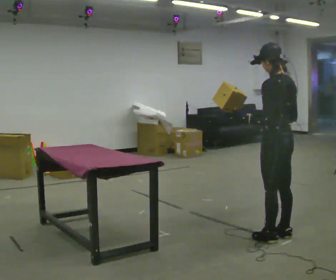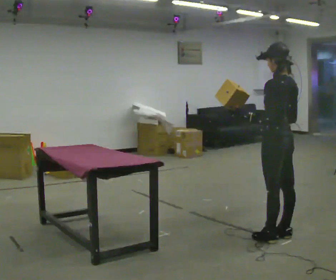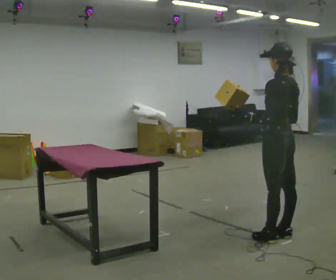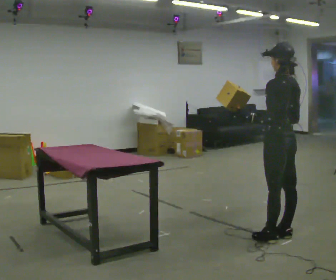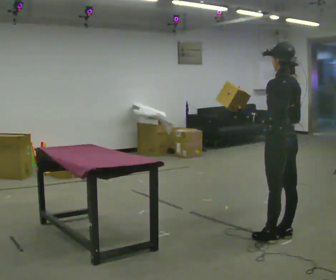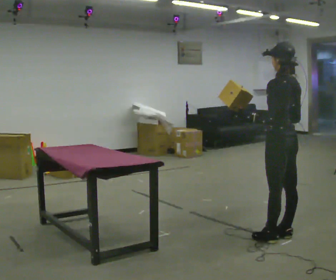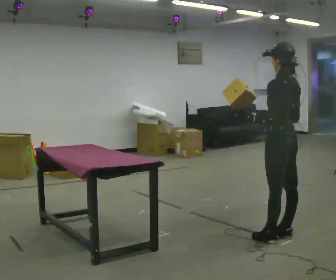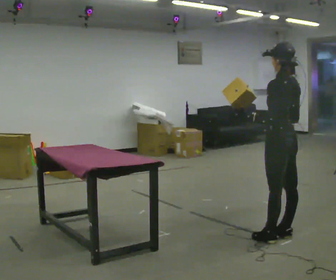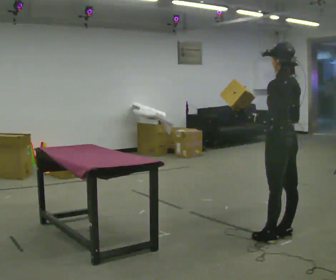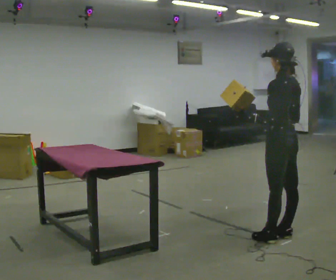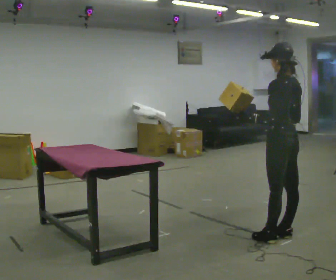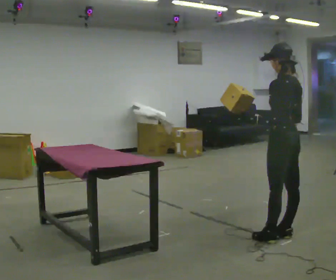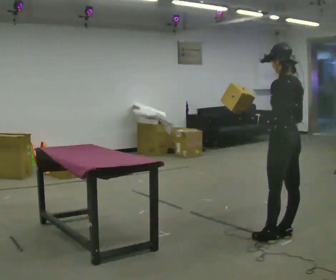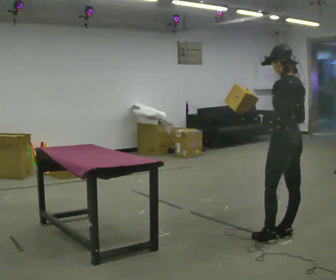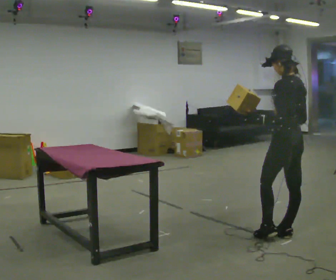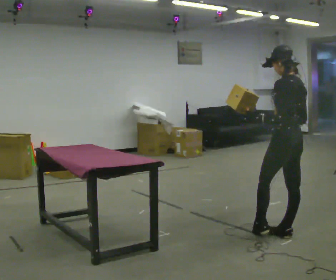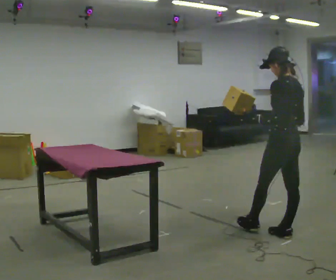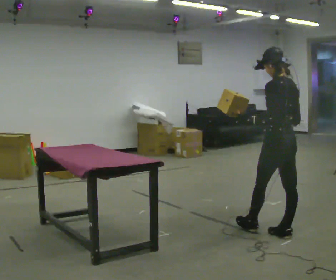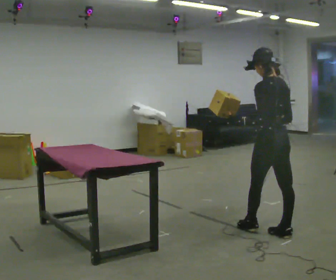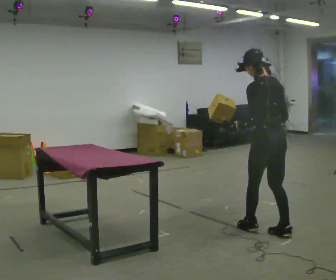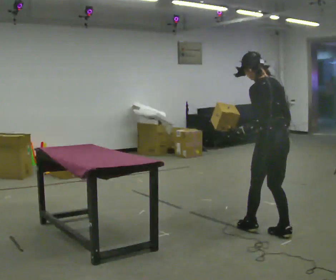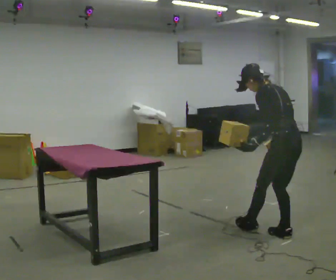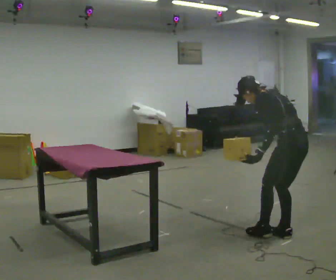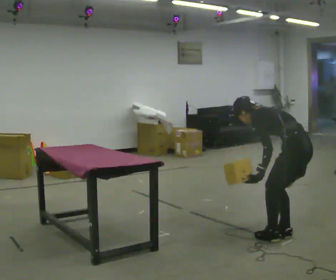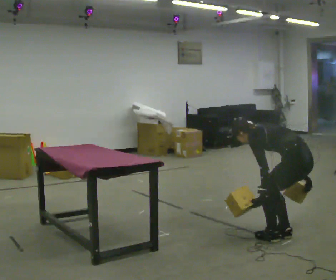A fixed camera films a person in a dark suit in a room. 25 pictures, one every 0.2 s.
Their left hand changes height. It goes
downward.
Their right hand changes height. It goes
downward.
0.0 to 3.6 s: The person moves a little, or ends about where they began.
3.6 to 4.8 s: In the picture they go toward the camera and to the right, about 0.25 m in 1 step, which for them is backward. The upper body goes downward. In the picture the upper body tilts counterclockwise, shoulders to the left, as they bend forward. In the picture their left hand goes downward.
The film runs forward here.
